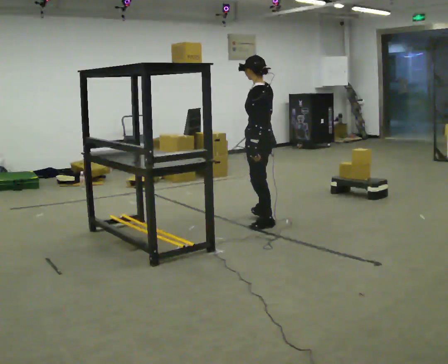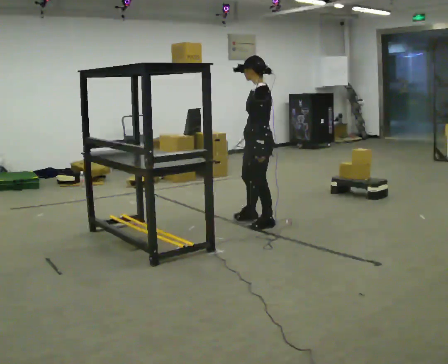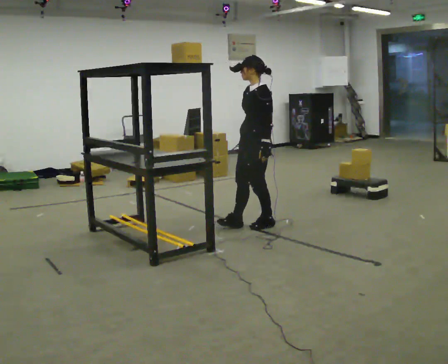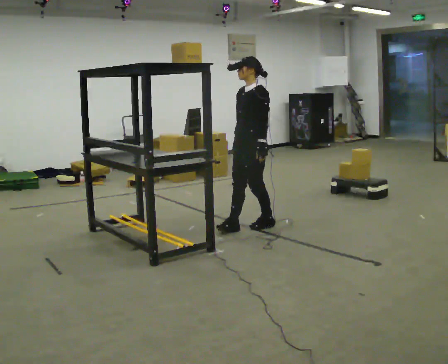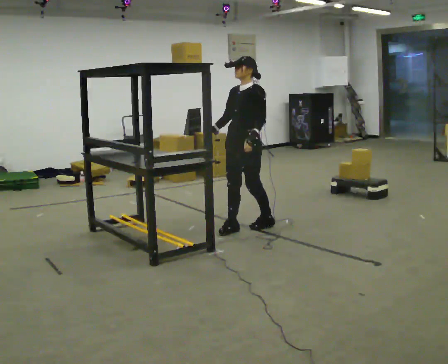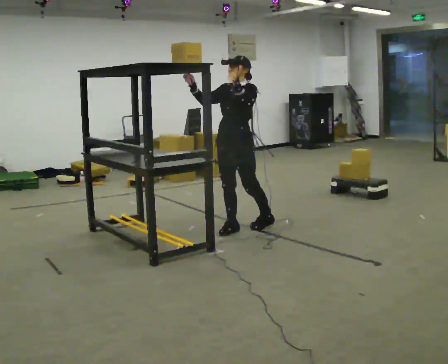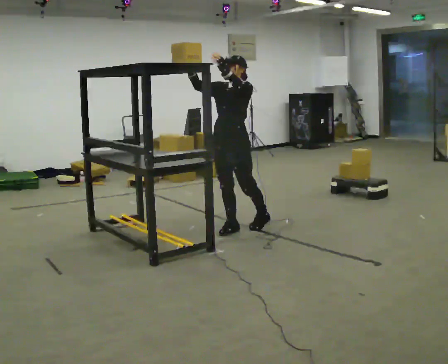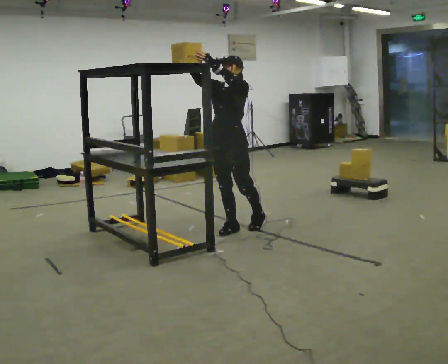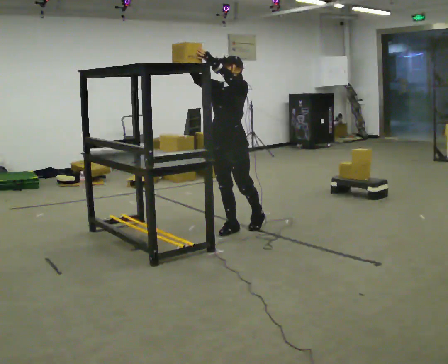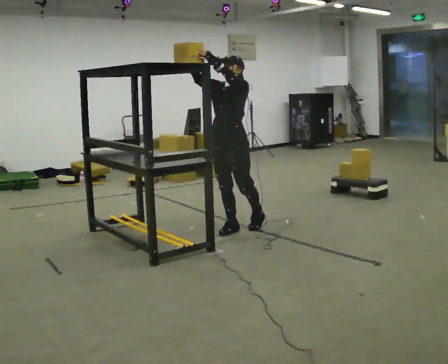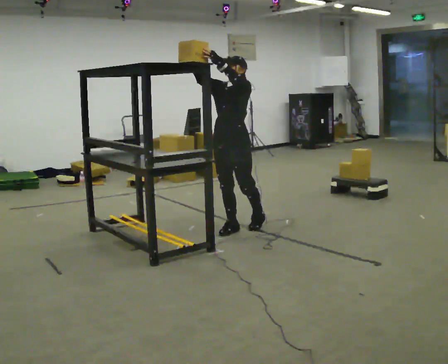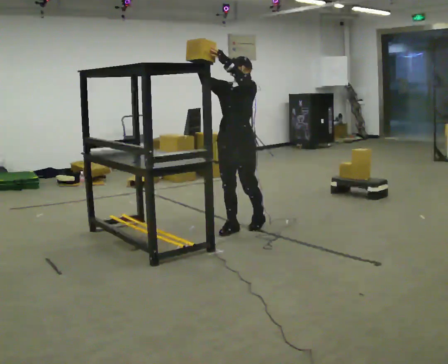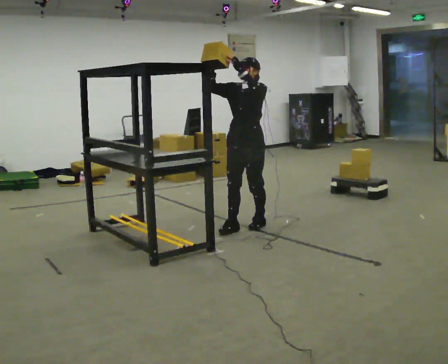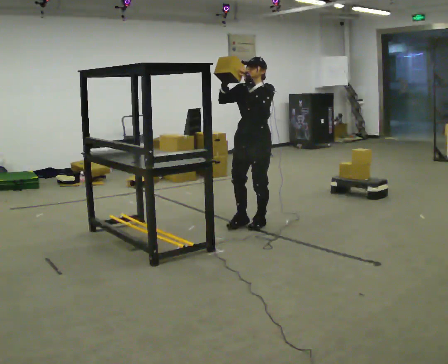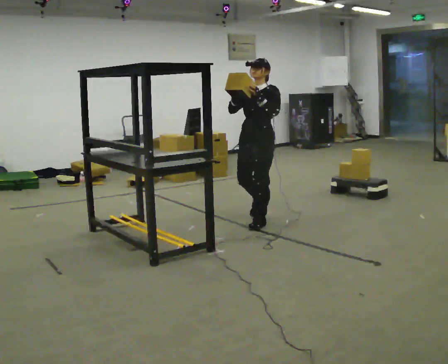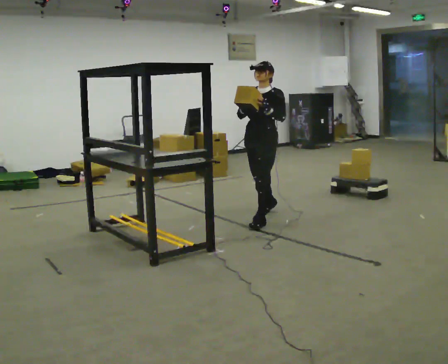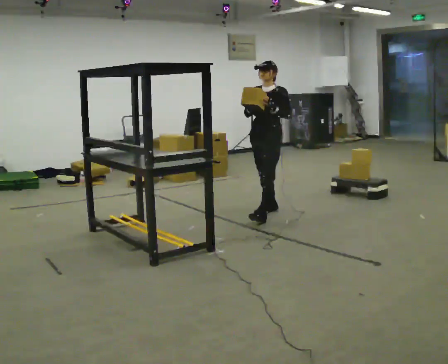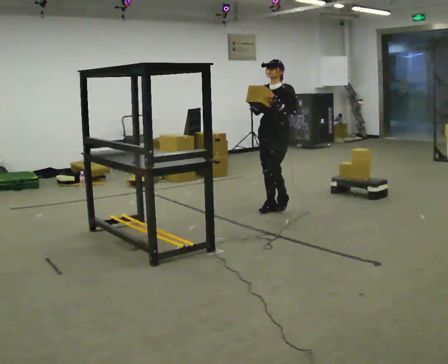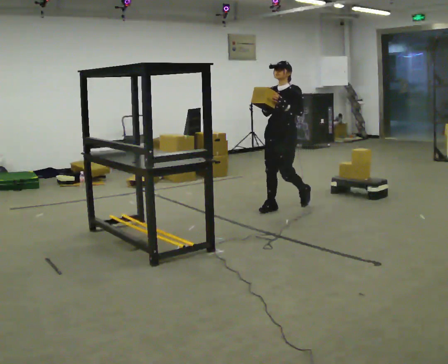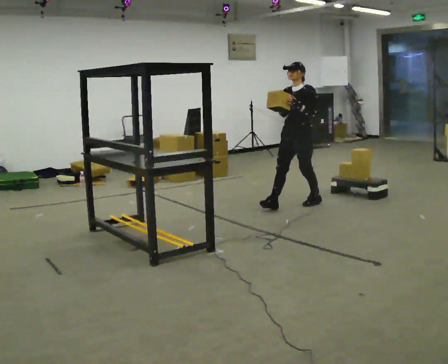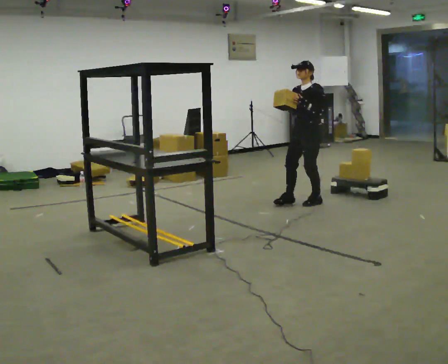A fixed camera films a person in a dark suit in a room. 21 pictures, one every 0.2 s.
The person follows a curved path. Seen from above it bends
clockwise.
0.0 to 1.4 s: Seen from above the body turns counterclockwise, about 75 degrees: to their left, with its near side sliding to the right. In the picture they go to the left, about 0.25 m. In the picture their right hand goes upward, the arm swinging clockwise.
1.4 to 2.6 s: In the picture they go to the right and away from the camera, about 0.25 m in 1 step, which for them is backward.
2.6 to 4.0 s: In the picture they go away from the camera and to the right, about 1 m in 2 steps, which for them is backward.
The film runs backward here.
